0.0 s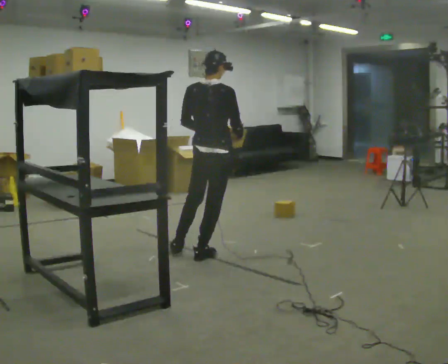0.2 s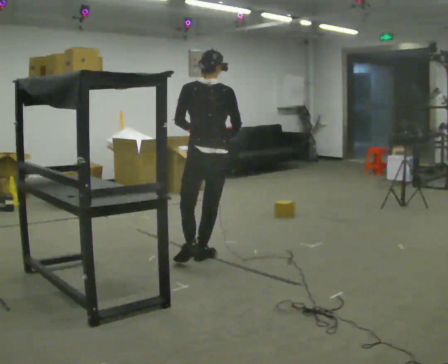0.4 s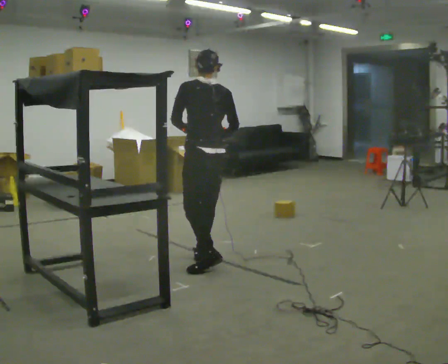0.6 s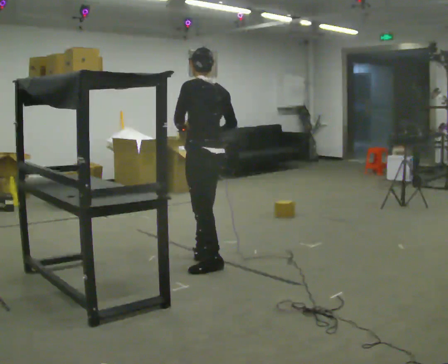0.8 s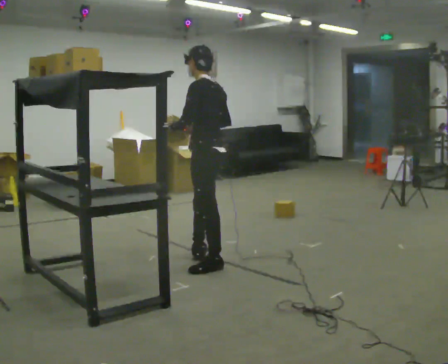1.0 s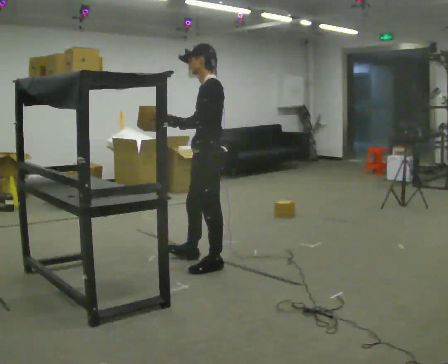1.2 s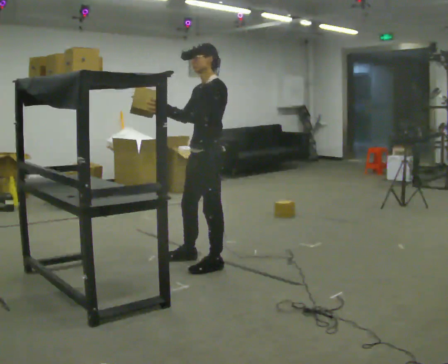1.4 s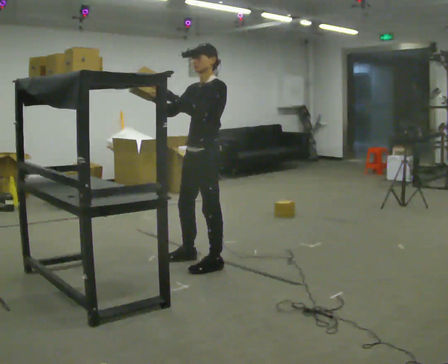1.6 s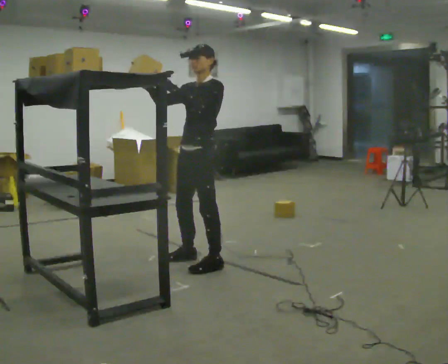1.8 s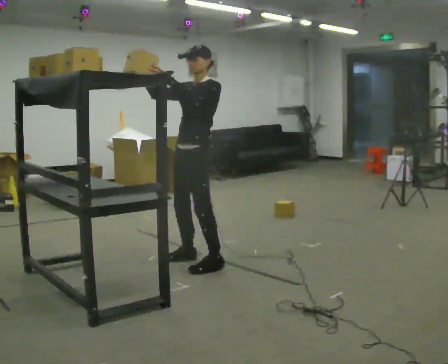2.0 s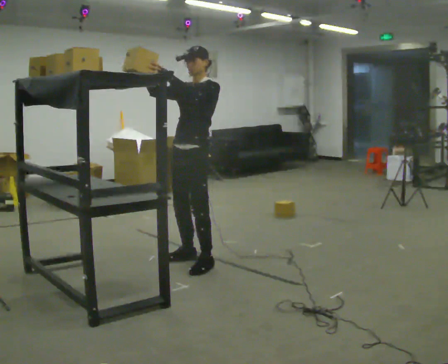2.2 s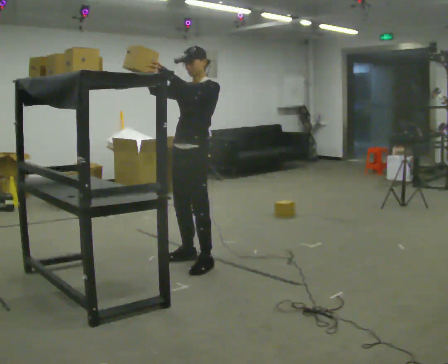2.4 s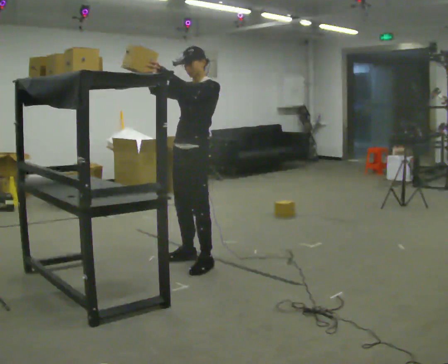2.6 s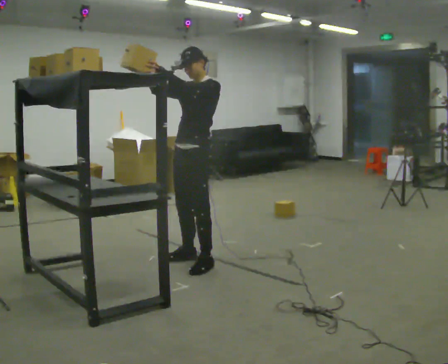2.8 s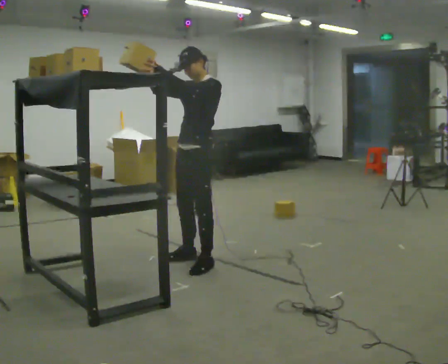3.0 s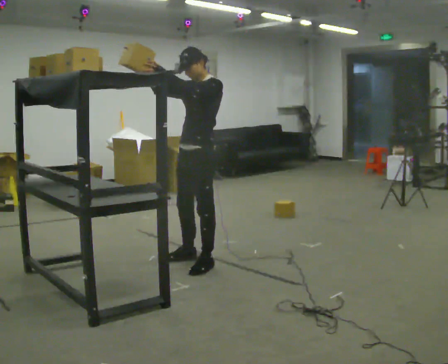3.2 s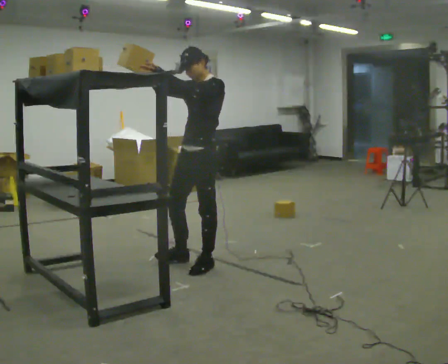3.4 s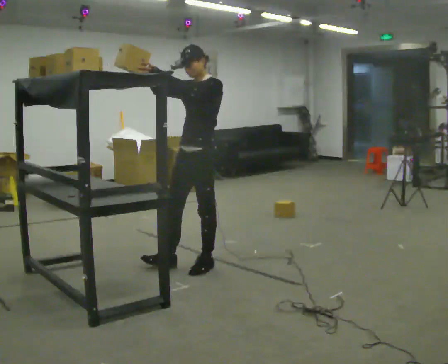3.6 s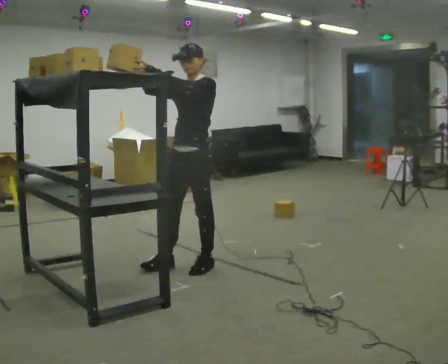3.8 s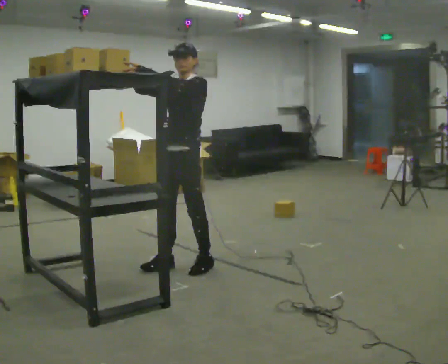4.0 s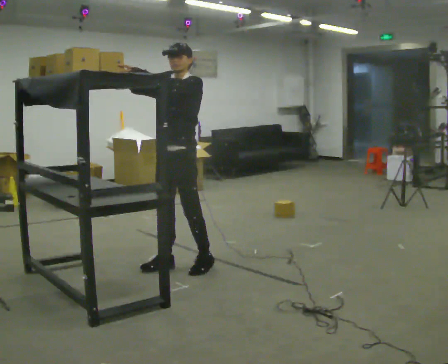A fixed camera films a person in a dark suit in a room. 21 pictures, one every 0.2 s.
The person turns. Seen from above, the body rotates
counterclockwise.
The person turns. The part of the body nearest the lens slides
to the right.
0.0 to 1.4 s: The person turns about 135 degrees to their left, counterclockwise seen from above, so the part of the body nearest the lens slides to the right. In the picture they go toward the camera, about 0.25 m.
1.4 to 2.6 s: The person moves a little, or ends about where they began.
2.6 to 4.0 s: In the picture they go toward the camera, about 0.25 m in 1 step, which for them is forward.
The film runs backward here.
